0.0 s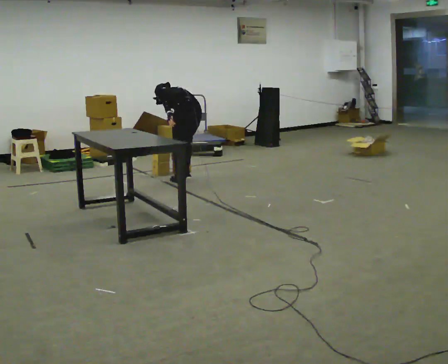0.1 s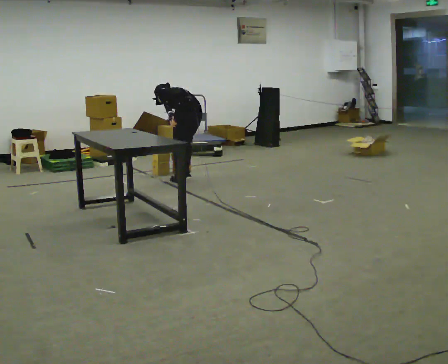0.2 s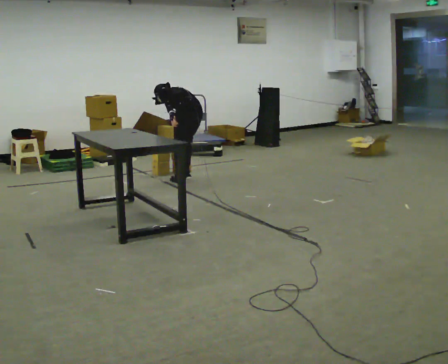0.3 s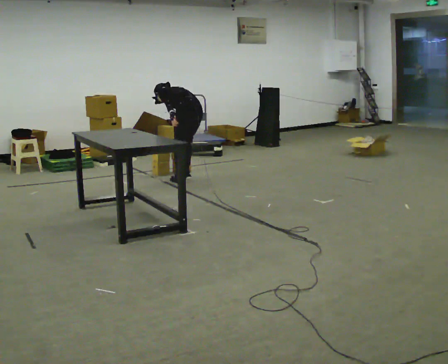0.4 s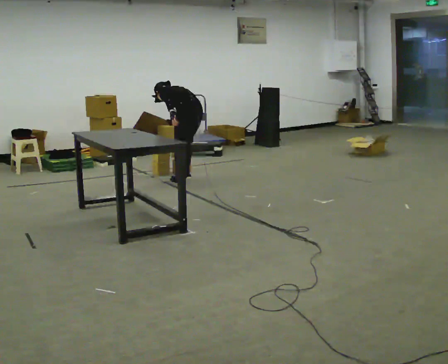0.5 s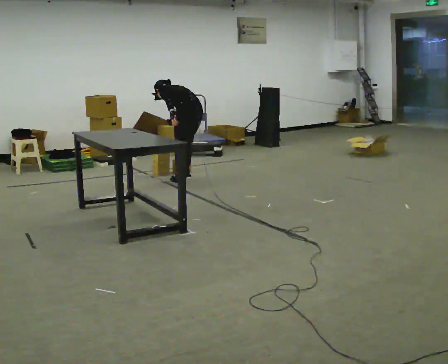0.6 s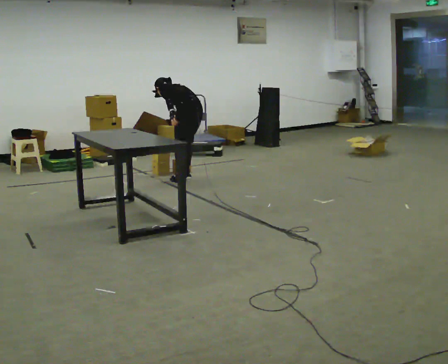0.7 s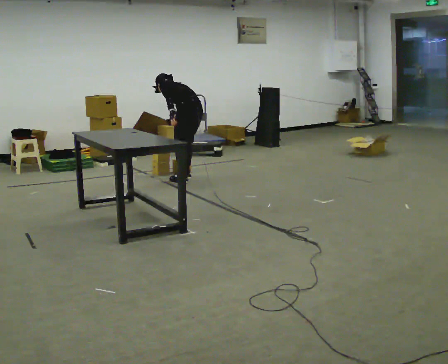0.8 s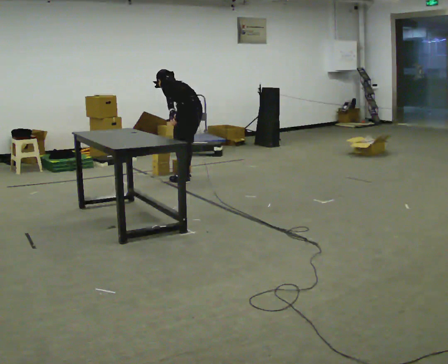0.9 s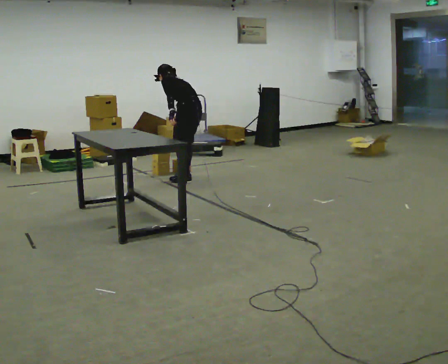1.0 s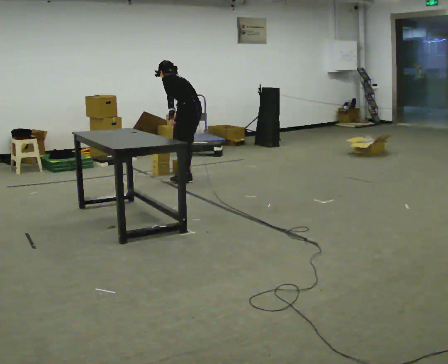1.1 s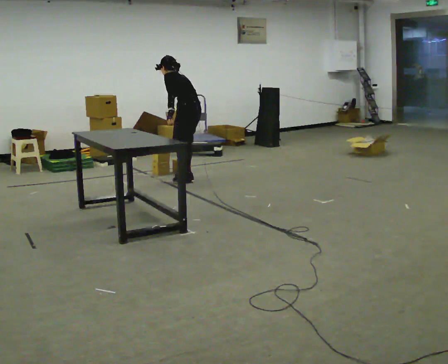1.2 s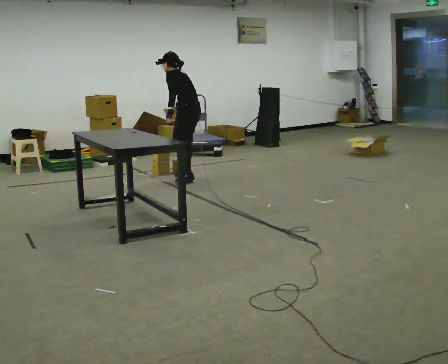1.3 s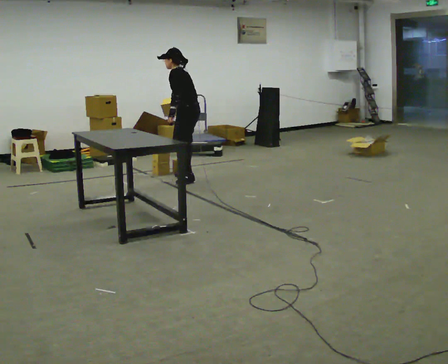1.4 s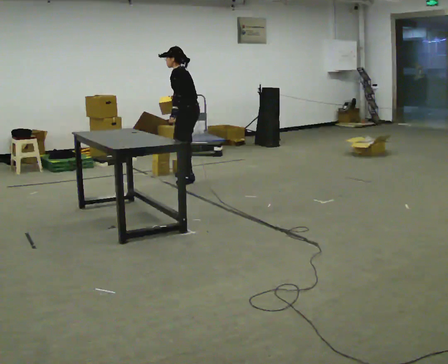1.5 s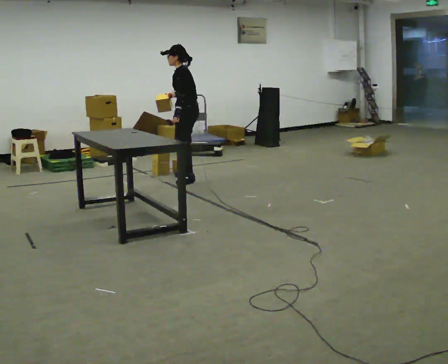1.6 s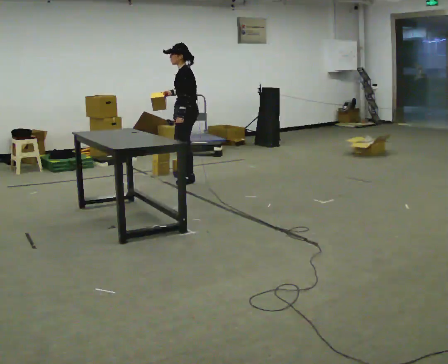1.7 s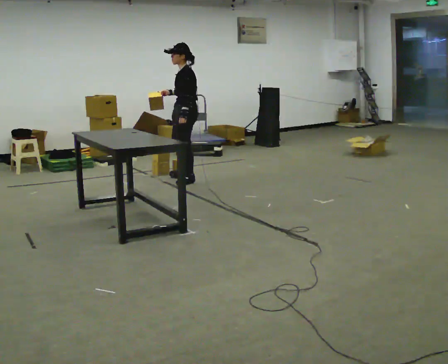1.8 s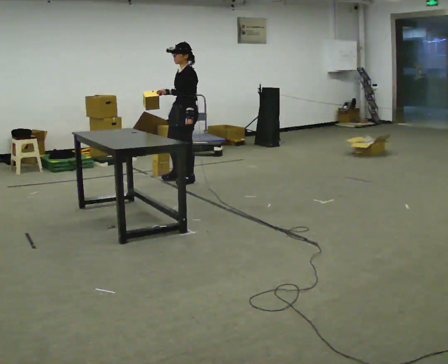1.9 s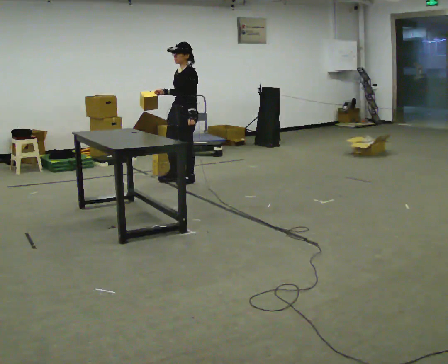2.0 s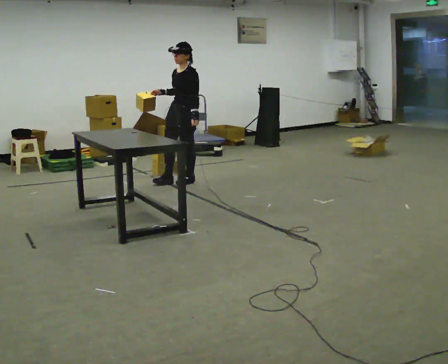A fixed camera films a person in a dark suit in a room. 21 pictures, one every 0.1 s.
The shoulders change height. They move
upward.
The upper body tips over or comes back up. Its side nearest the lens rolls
downward.
0.0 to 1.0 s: The upper body goes upward. The upper body tips toward the camera, its near side rolling downward, as they lean back or straighten.
1.0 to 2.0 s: The person turns about 75 degrees to their left, counterclockwise seen from above, so the part of the body nearest the lens slides to the right. In the picture they go toward the camera, about 0.25 m. The upper body tips toward the camera, its near side rolling downward, as they lean back or straighten.
The film runs forward here.
